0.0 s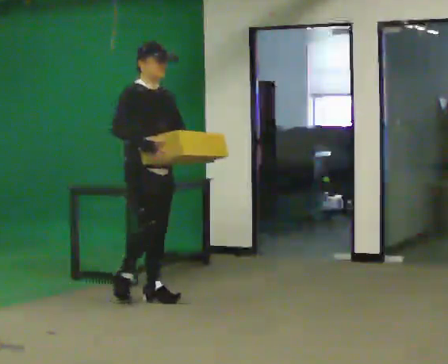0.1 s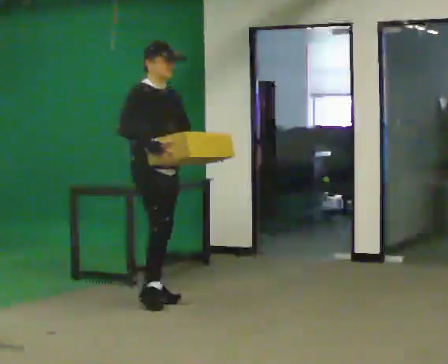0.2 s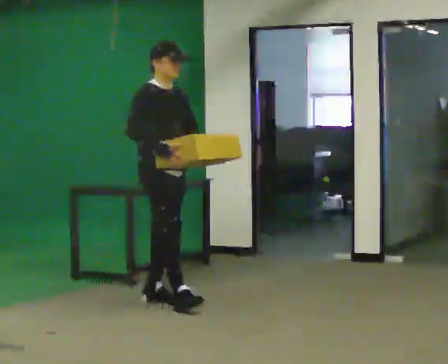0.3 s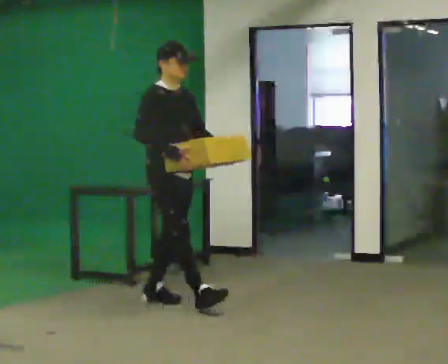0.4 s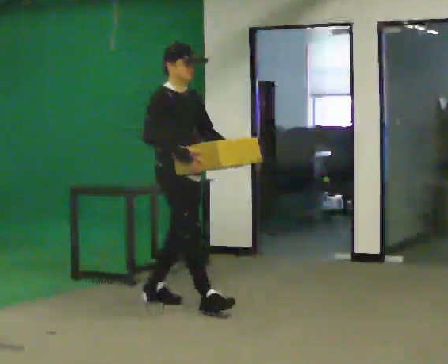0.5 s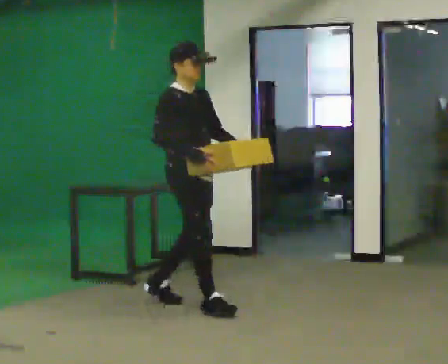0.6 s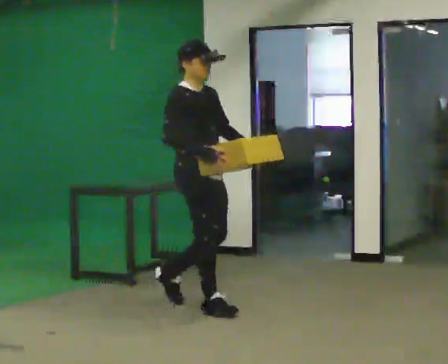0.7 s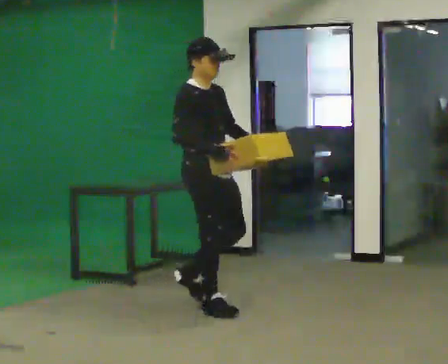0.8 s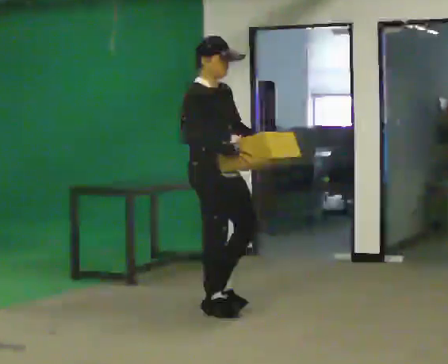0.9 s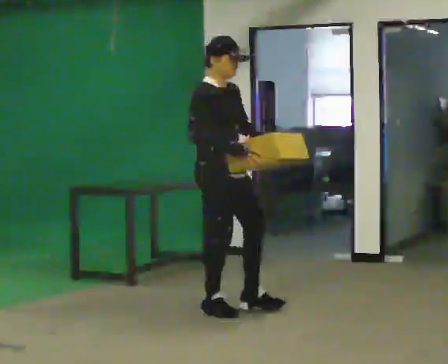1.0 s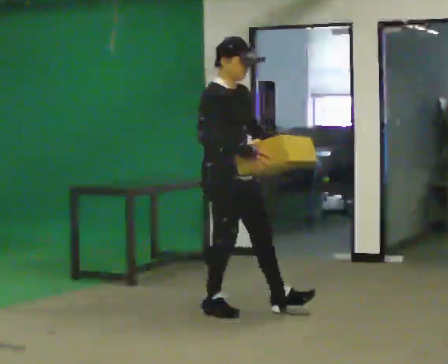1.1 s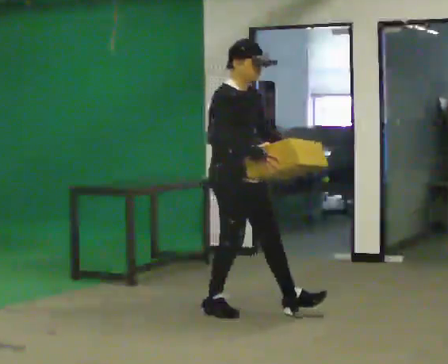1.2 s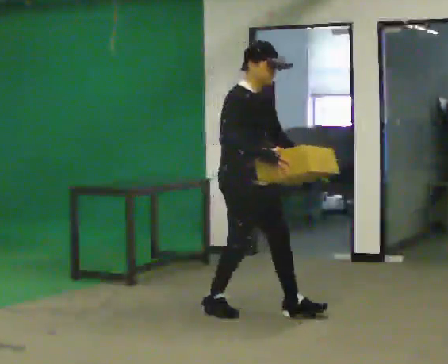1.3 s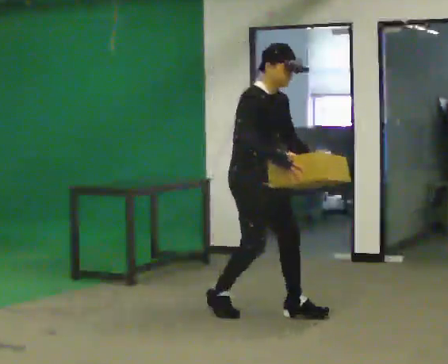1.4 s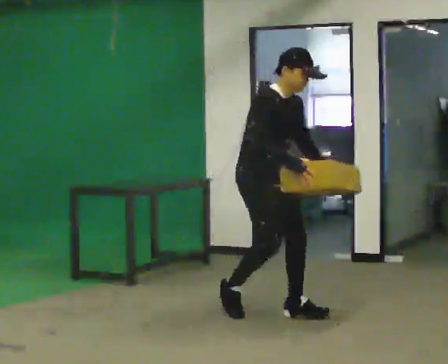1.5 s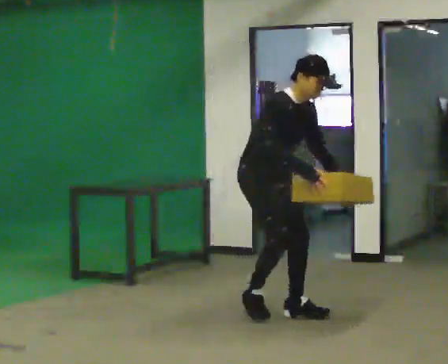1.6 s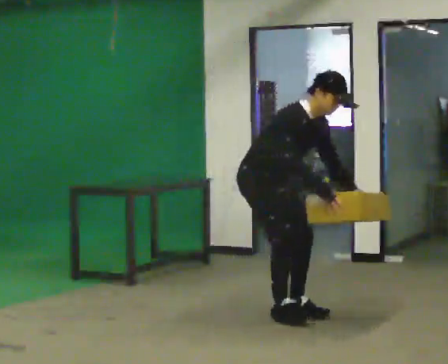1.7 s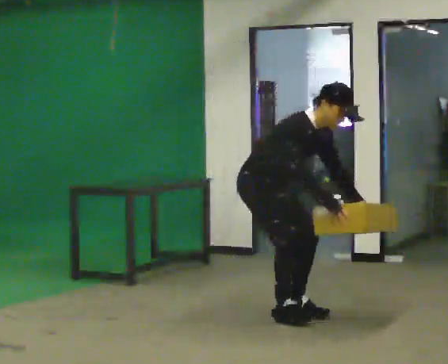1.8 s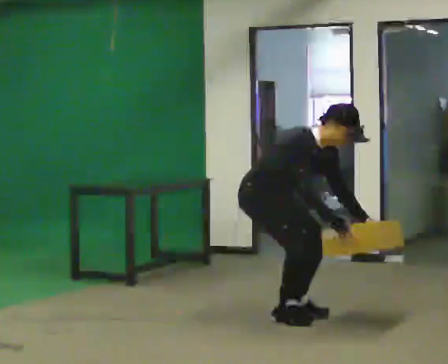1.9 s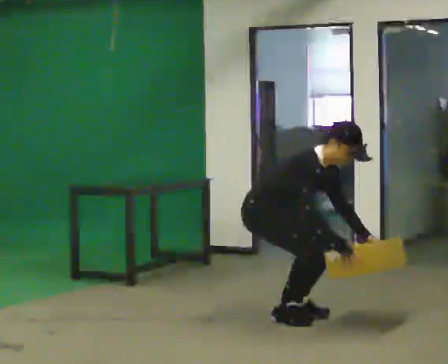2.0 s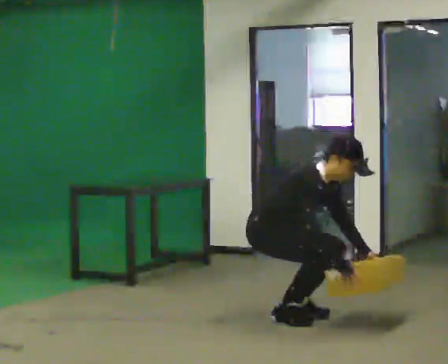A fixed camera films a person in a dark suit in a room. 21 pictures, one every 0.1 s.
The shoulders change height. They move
downward.
The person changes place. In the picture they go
to the right.
0.0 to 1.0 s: In the picture they go to the right and toward the camera, about 0.75 m in 1 step, which for them is forward.
1.0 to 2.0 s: In the picture they go to the right, about 0.25 m in 2 steps, which for them is forward. The upper body goes downward. In the picture the upper body tilts clockwise, shoulders to the right, as they bend forward. In the picture their left hand goes downward.
The film runs forward here.
